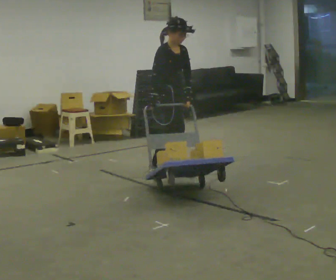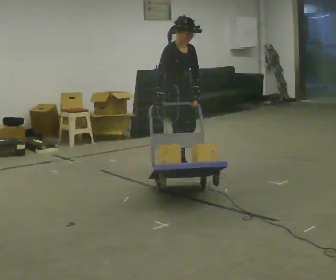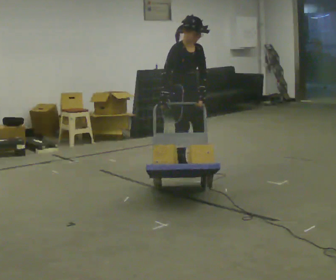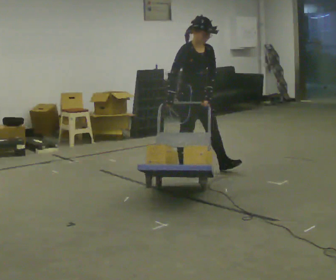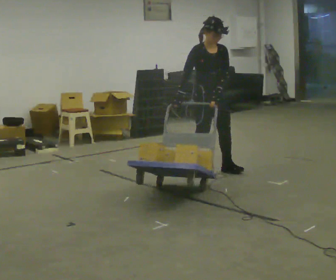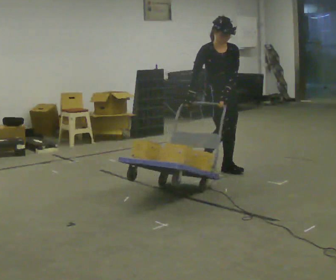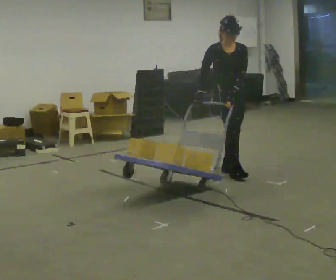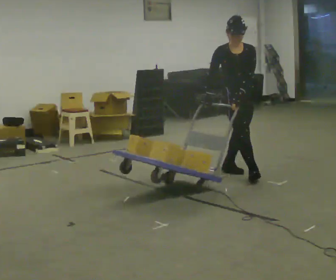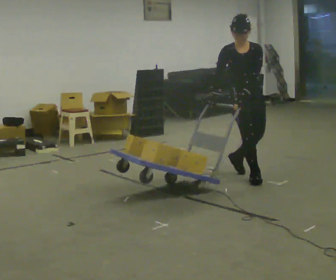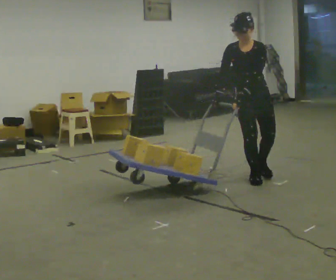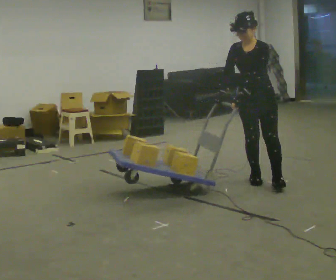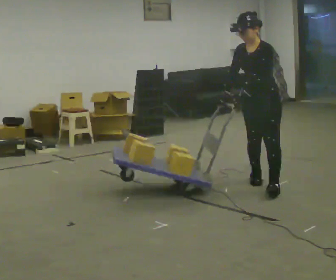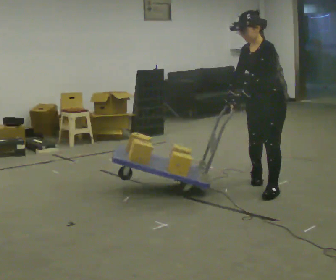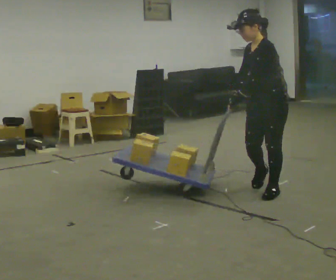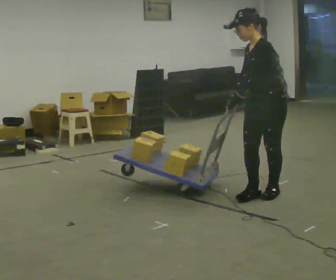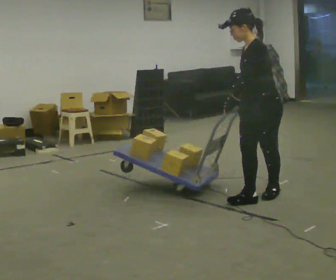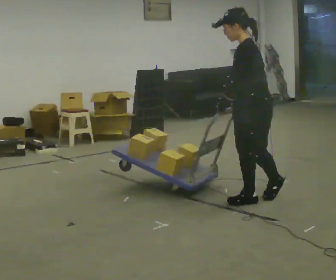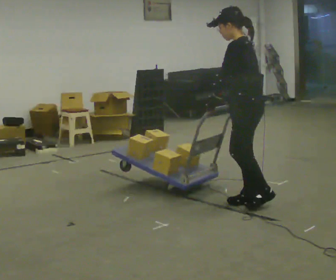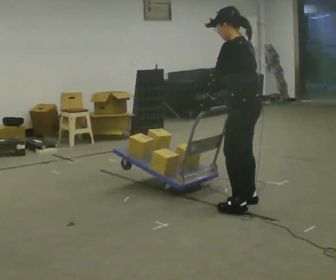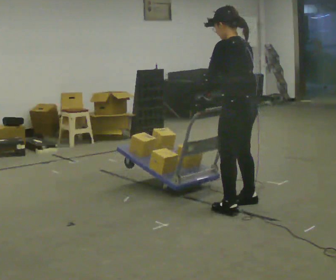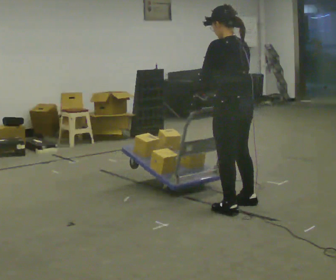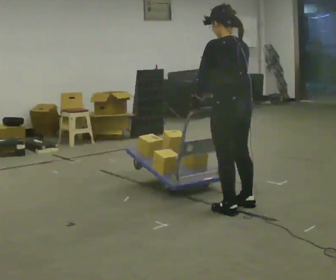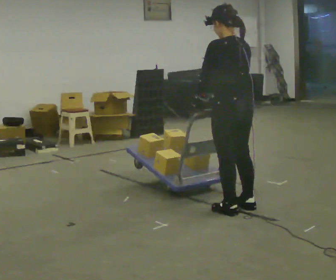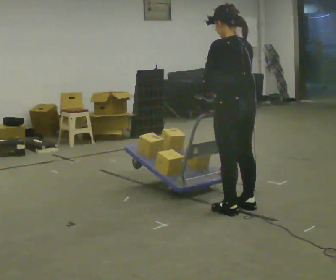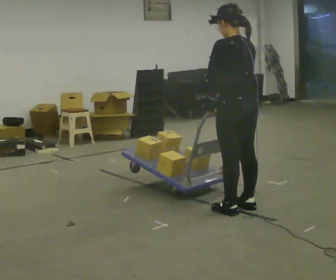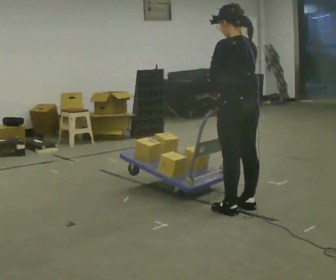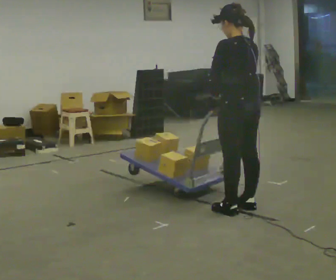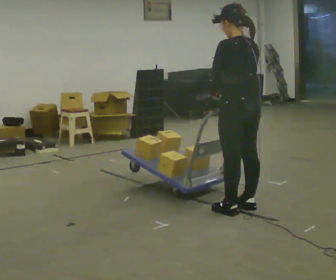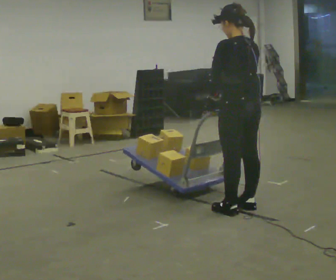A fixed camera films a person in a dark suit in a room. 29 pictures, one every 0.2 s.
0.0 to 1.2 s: The person turns about 45 degrees to their right, clockwise seen from above, so the part of the body nearest the lens slides to the left. In the picture they go to the right, about 0.5 m in 1 step, which for them is forward and to their left.
1.2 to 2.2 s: The part of the body nearest the lens slides to the left as the person turns to their right by about 60 degrees. In the picture they go toward the camera and to the right, about 0.5 m in 2 steps, which for them is forward and to their left.
2.2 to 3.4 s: The person turns about 60 degrees to their right, clockwise seen from above, so the part of the body nearest the lens slides to the left. In the picture they go toward the camera, about 0.5 m in 1 step.
3.4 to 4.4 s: The part of the body nearest the lens slides to the left as the person turns to their right by about 45 degrees. In the picture they go toward the camera, about 0.25 m in 1 step, which for them is to their left.
4.4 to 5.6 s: The person moves a little, or ends about where they began.
The film runs forward here.
